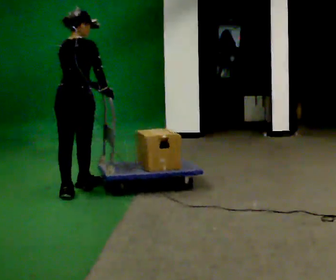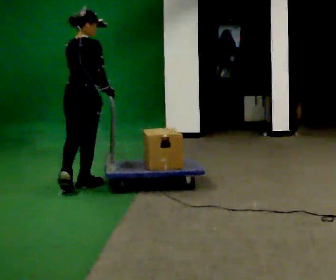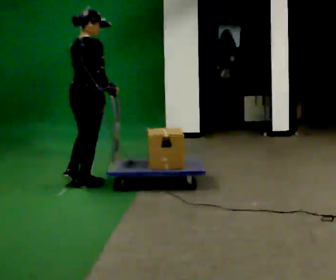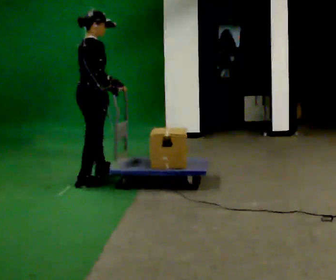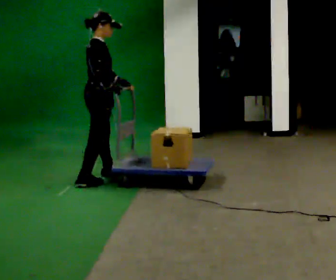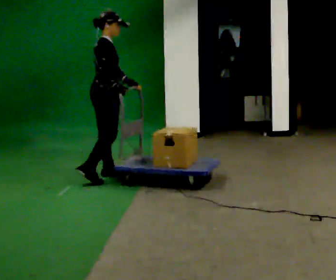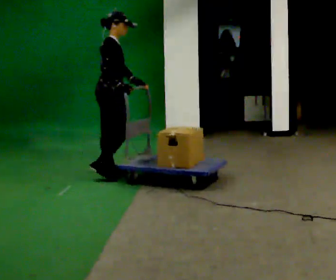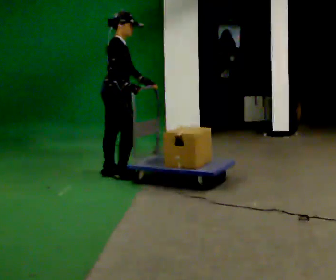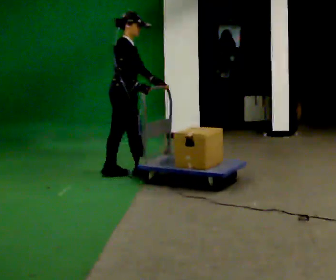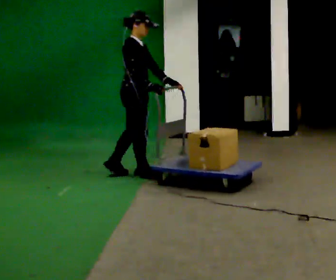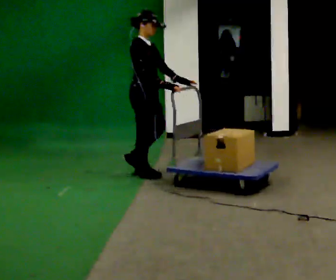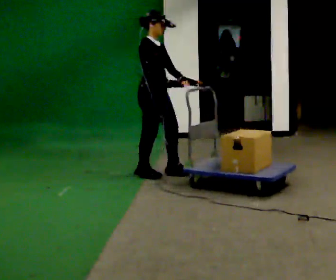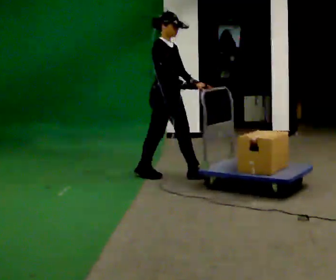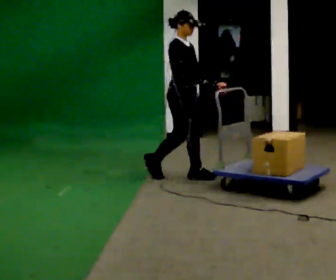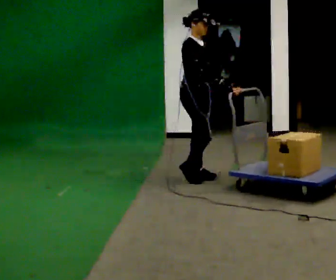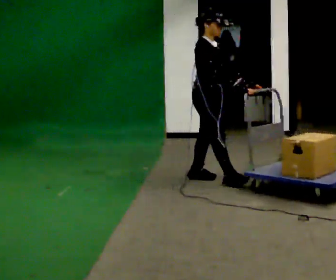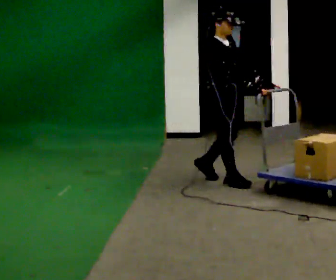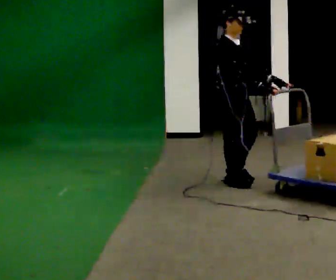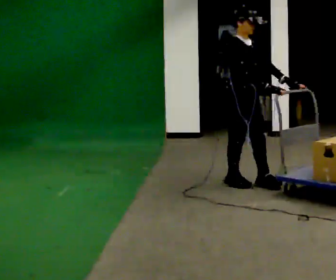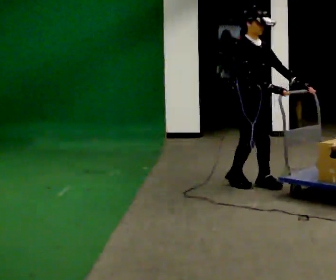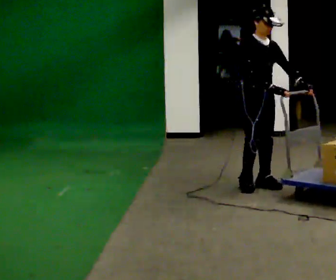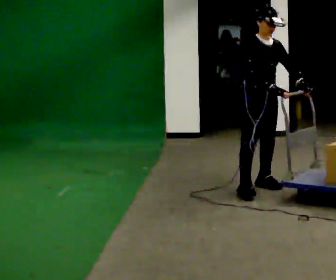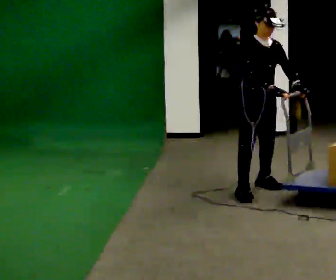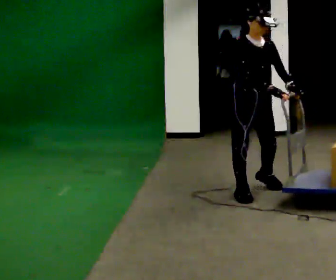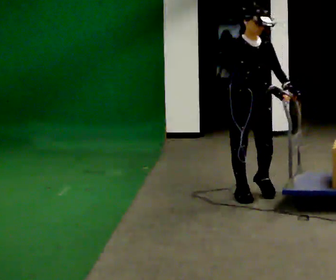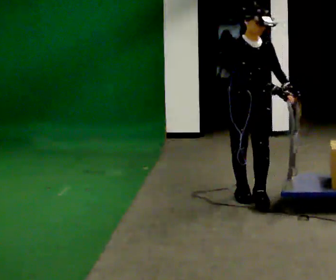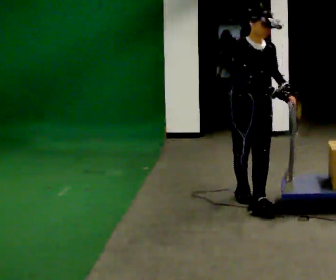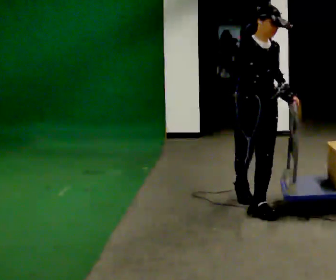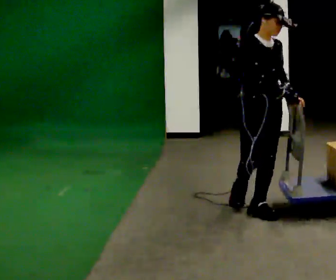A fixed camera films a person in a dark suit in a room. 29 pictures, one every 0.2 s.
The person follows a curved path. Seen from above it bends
clockwise.
The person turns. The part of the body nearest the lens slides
to the left.
0.0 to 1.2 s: Seen from above the body turns clockwise, about 60 degrees: to their right, with its near side sliding to the left. In the picture they go away from the camera, about 0.5 m in 1 step.
1.2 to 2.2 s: The part of the body nearest the lens slides to the left as the person turns to their right by about 30 degrees. In the picture they go to the right, about 0.5 m in 1 step, which for them is forward.
2.2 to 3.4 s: In the picture they go to the right and toward the camera, about 1 m in 2 steps, which for them is forward.
3.4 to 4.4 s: The part of the body nearest the lens slides to the left as the person turns to their right by about 30 degrees. In the picture they go toward the camera and to the right, about 0.25 m in 2 steps, which for them is forward.
4.4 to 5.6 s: In the picture they go toward the camera, about 0.75 m in 1 step, which for them is forward and to their right.
The film runs forward here.
